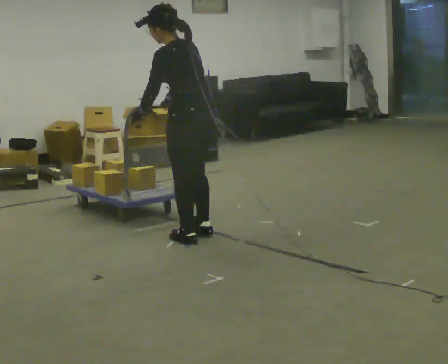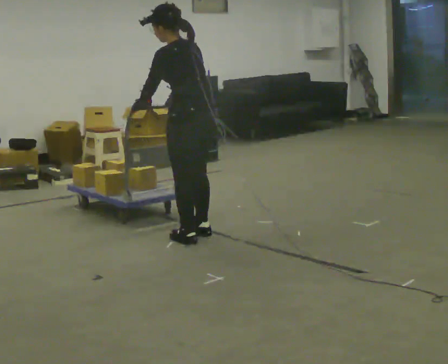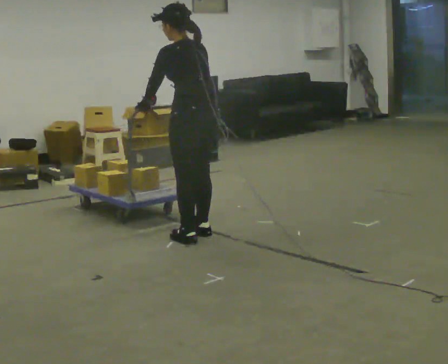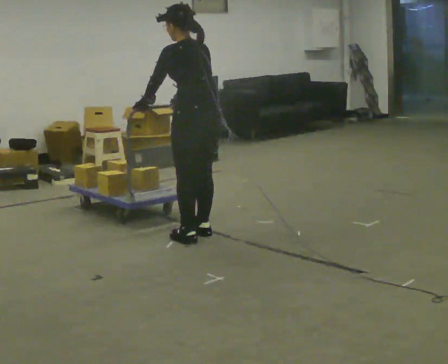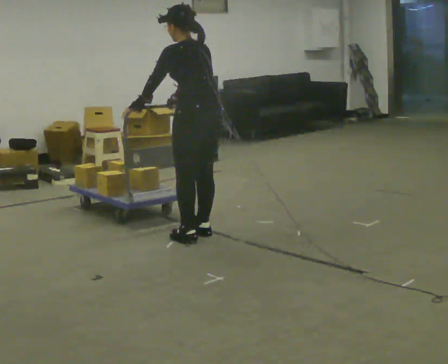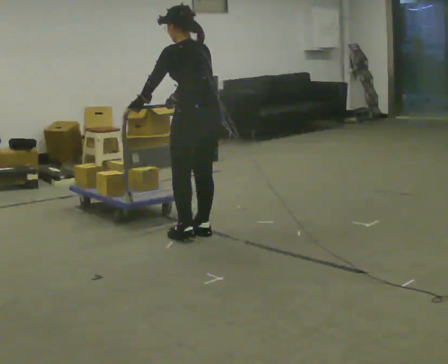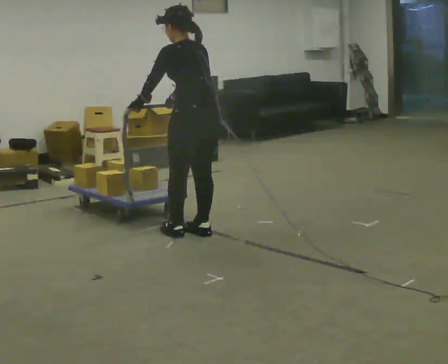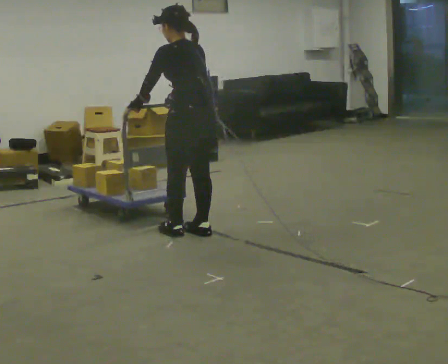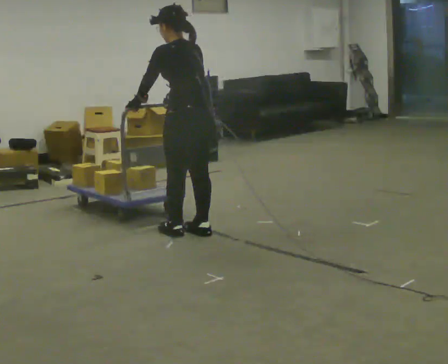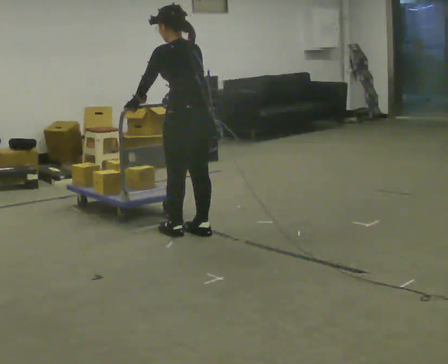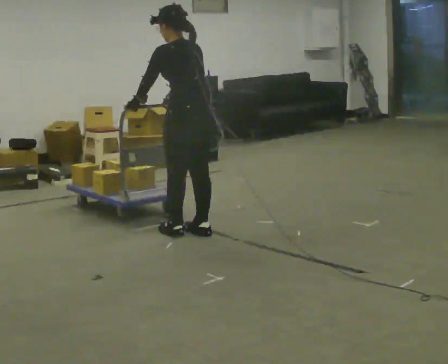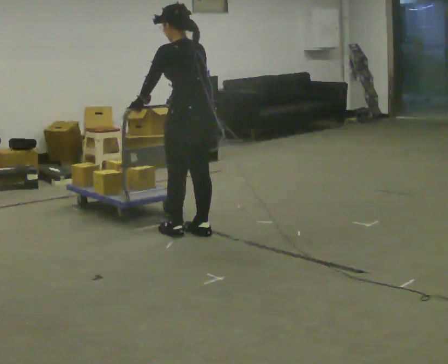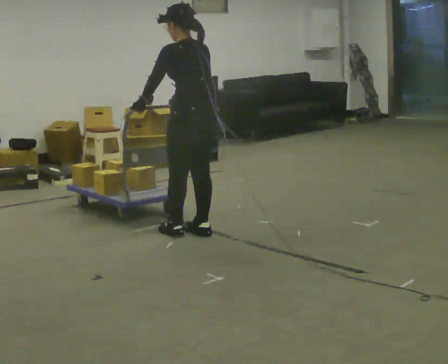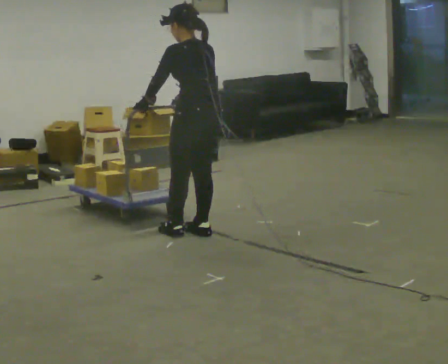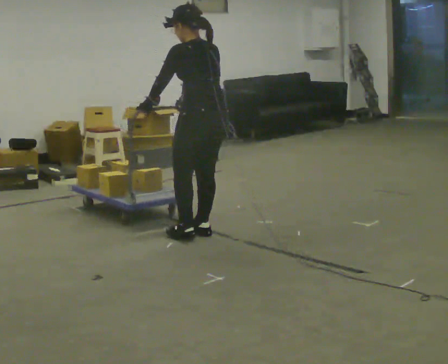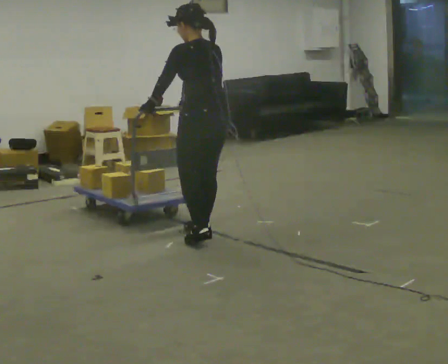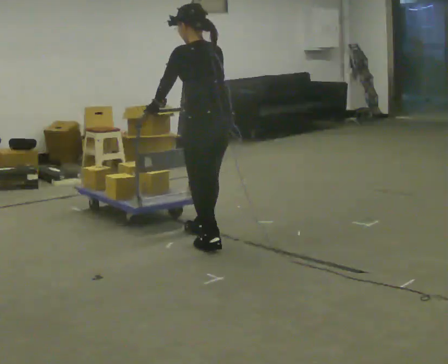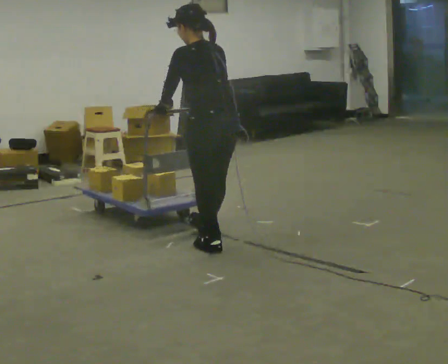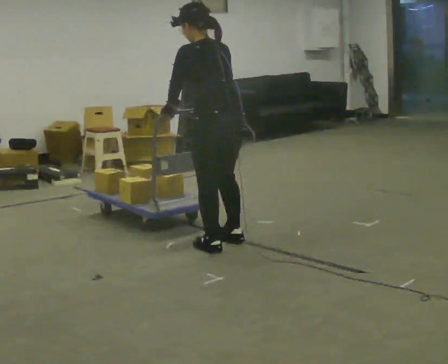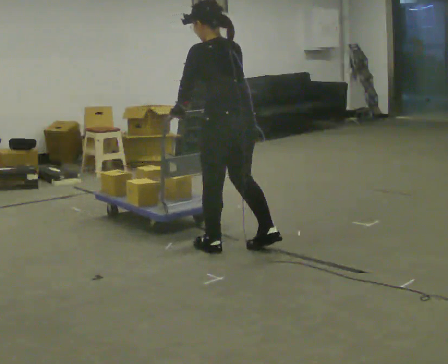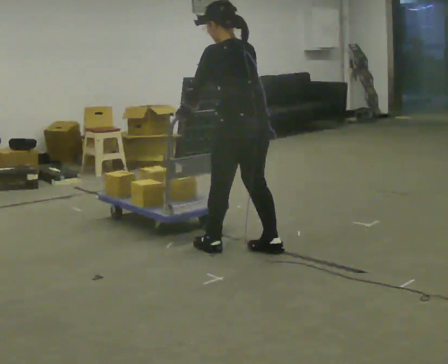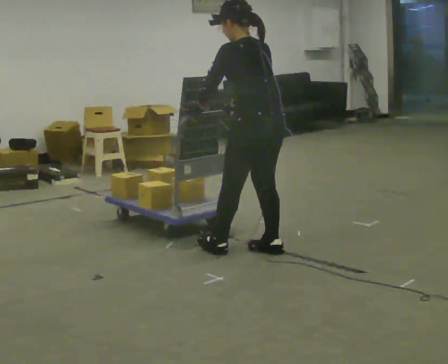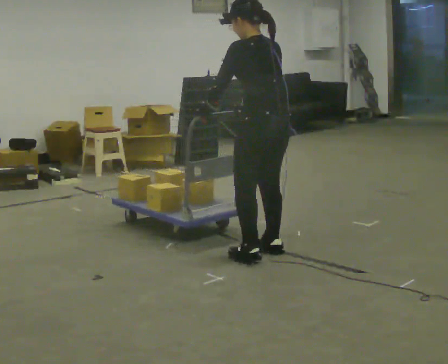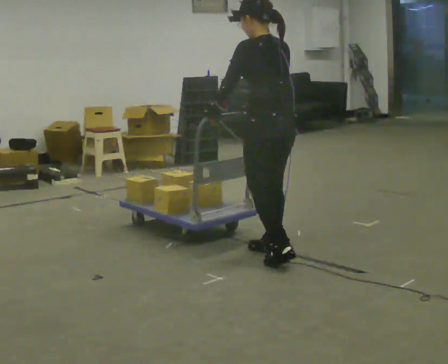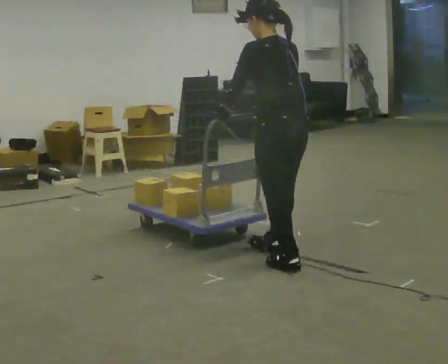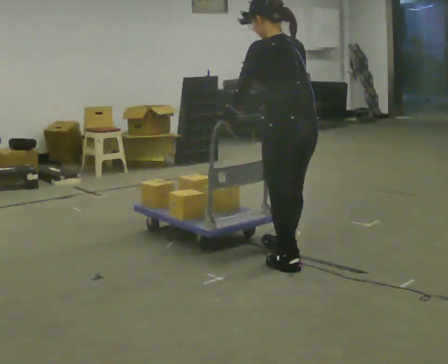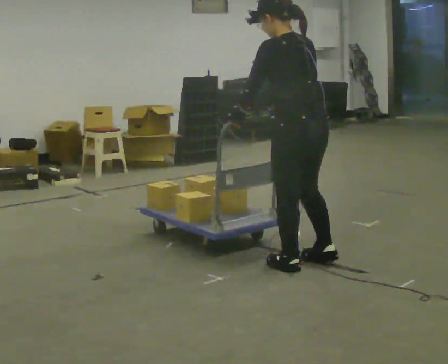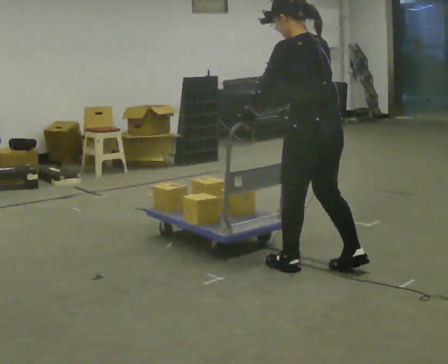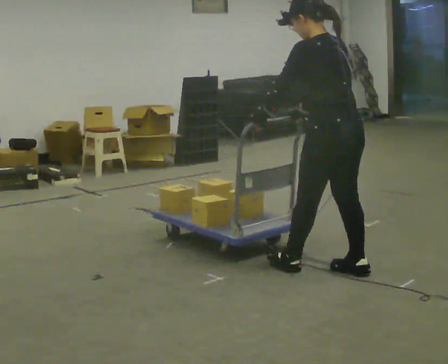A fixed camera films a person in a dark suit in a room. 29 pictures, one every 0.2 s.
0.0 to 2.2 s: The person moves a little, or ends about where they began.
2.2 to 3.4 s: In the picture they go toward the camera, about 0.25 m in 1 step, which for them is backward.
3.4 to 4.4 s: In the picture they go to the right and toward the camera, about 0.25 m in 1 step, which for them is backward and to their right.
4.4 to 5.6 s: In the picture they go toward the camera and to the right, about 0.5 m in 2 steps, which for them is backward.
The film runs forward here.
